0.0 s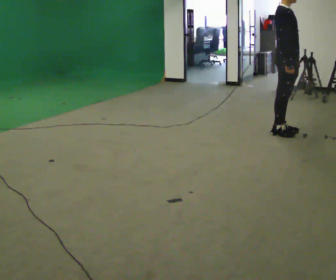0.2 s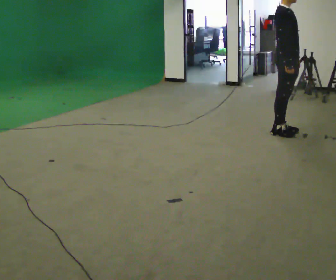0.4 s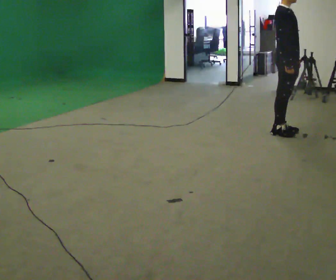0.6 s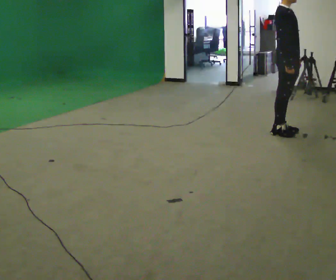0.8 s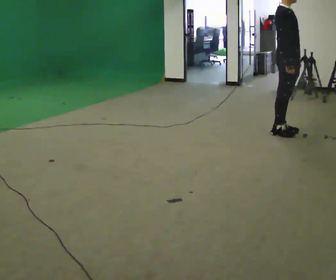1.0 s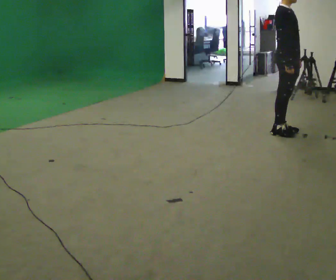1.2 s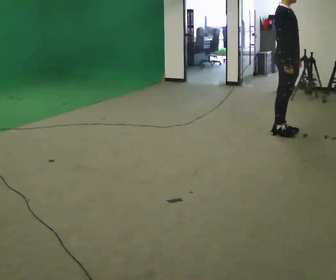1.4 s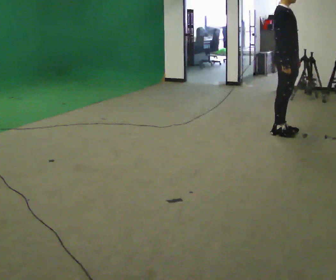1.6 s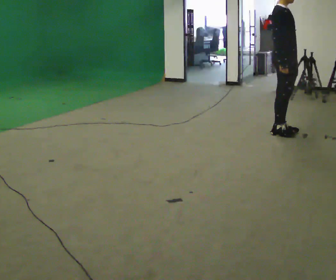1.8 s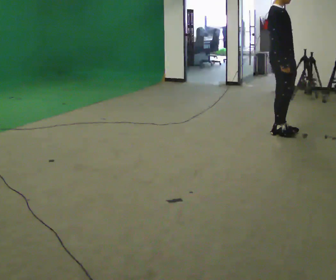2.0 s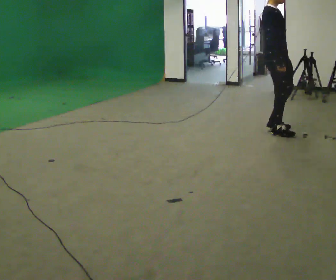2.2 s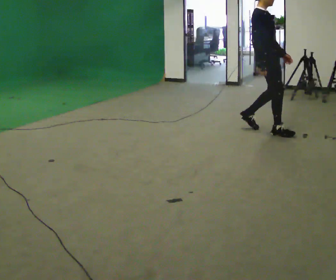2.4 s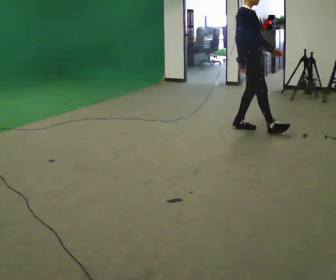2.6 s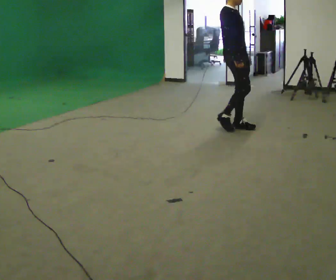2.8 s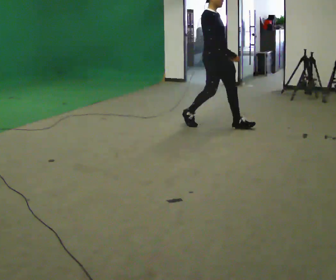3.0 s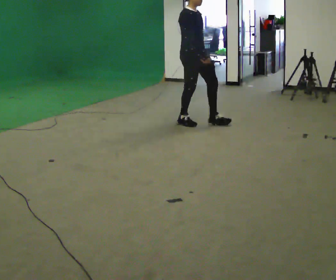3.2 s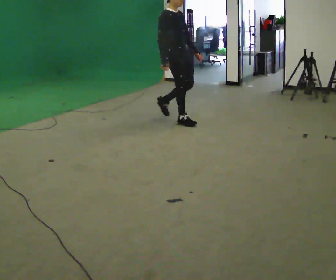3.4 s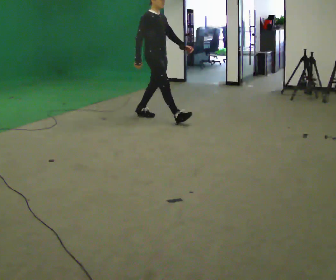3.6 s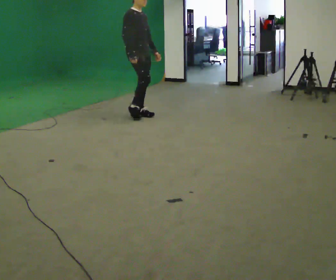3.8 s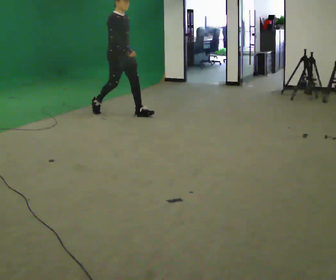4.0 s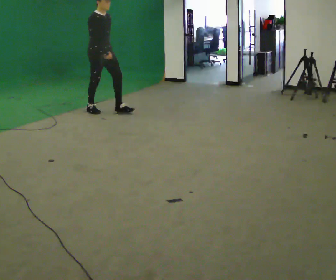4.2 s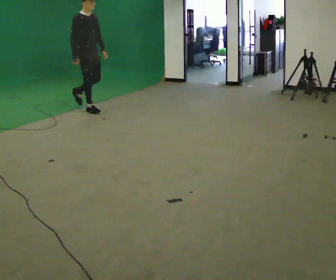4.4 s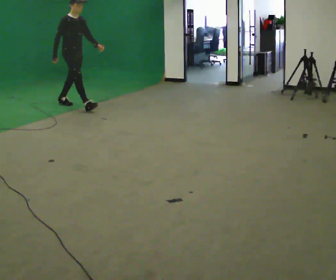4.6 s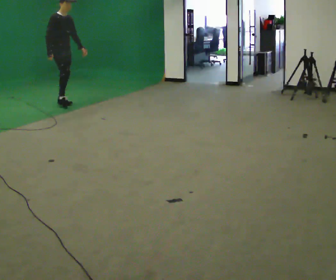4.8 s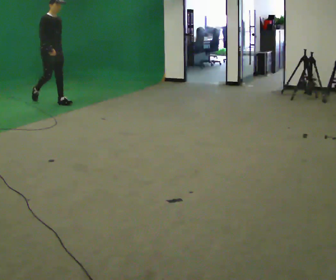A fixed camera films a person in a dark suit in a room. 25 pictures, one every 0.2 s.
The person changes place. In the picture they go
to the left.
0.0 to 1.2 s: The person keeps their place and pose.
1.2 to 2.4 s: In the picture they go to the left, about 0.5 m in 2 steps, which for them is backward.
2.4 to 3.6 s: In the picture they go to the left, about 1.5 m in 2 steps, which for them is backward.
3.6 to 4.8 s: In the picture they go to the left, about 1.5 m in 2 steps, which for them is backward.
The film runs backward here.
